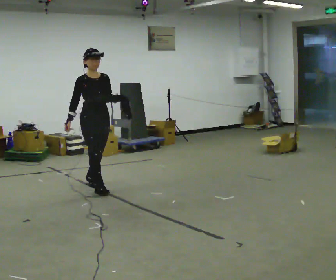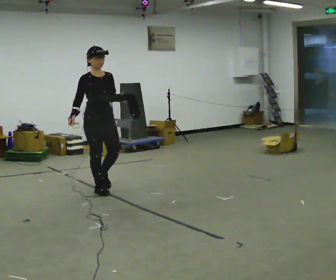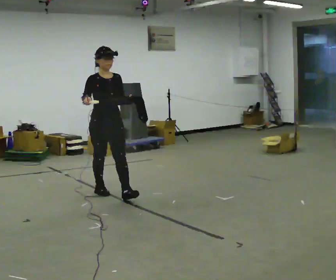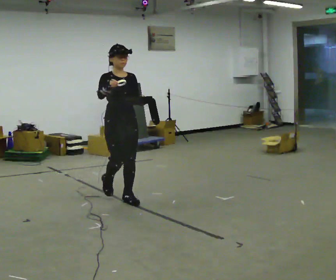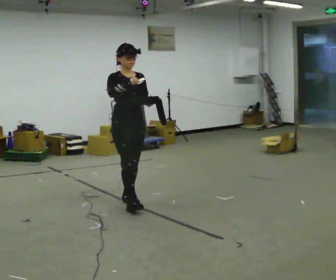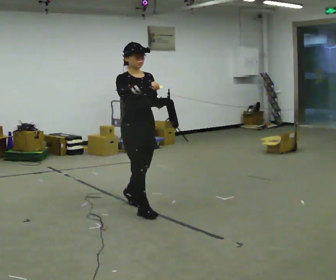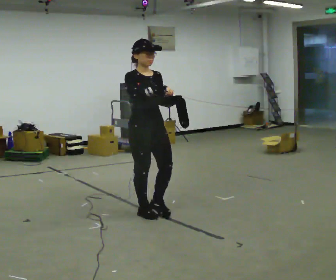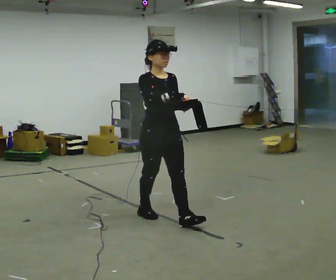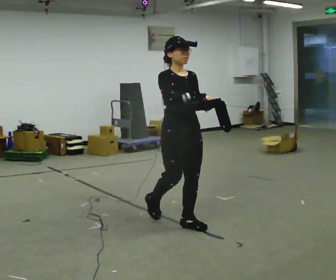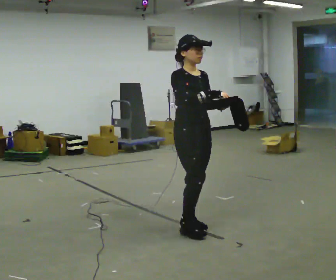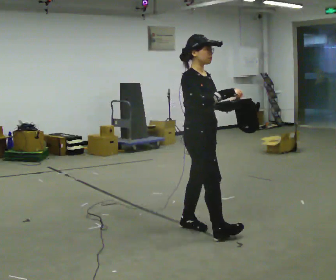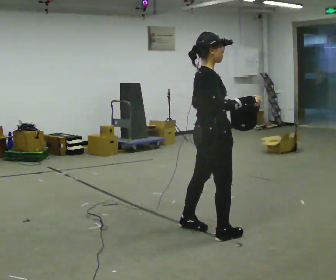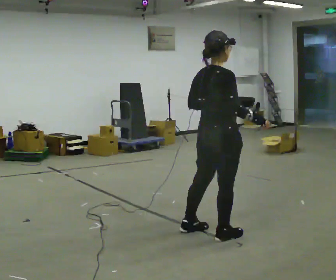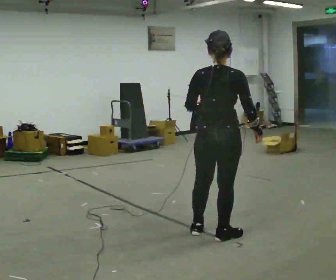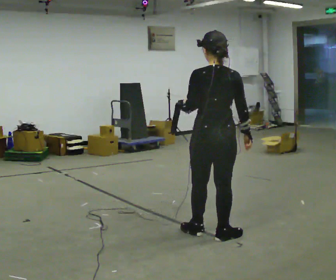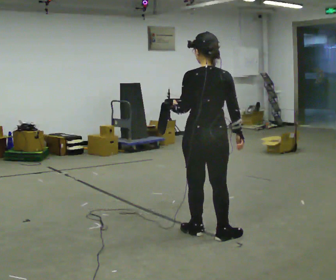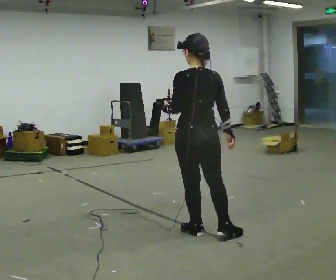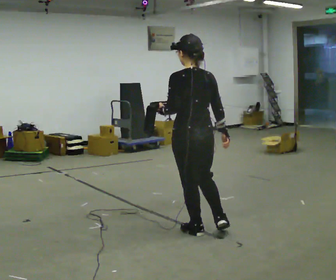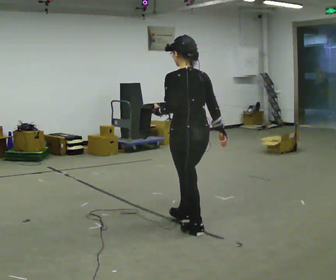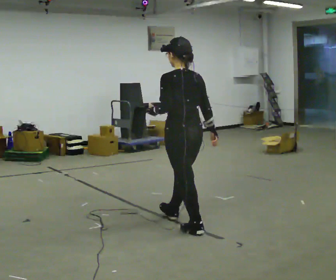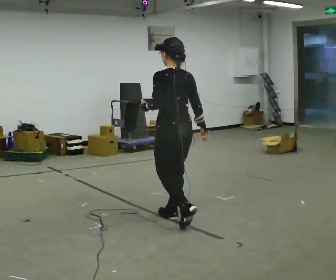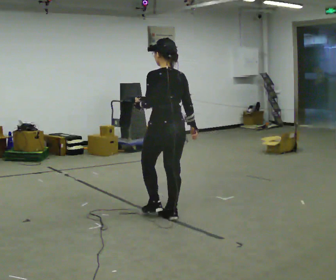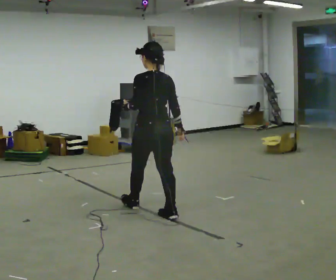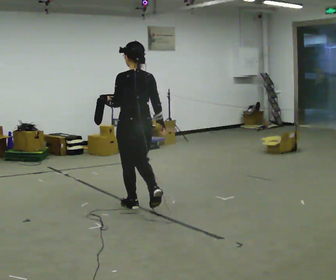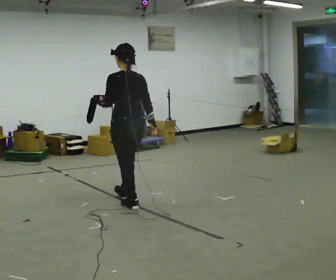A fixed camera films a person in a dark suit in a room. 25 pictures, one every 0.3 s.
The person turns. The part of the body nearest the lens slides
to the right.
The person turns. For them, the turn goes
to their left.
0.0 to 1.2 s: In the picture they go to the right and toward the camera, about 0.5 m in 1 step, which for them is forward. In the picture their right hand goes upward.
1.2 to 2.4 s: In the picture they go to the right and toward the camera, about 1 m in 2 steps, which for them is forward.
2.4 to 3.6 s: The part of the body nearest the lens slides to the right as the person turns to their left by about 105 degrees. In the picture they go to the right and toward the camera, about 0.5 m in 1 step.
3.6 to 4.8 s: The part of the body nearest the lens slides to the right as the person turns to their left by about 60 degrees. In the picture they go to the left, about 0.25 m in 1 step.
4.8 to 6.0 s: In the picture they go to the left and away from the camera, about 0.5 m in 1 step, which for them is forward.
6.0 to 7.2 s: In the picture they go to the left and away from the camera, about 0.75 m in 1 step, which for them is forward.
The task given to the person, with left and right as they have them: Carry the open container and, while walking, reach in with one hand and take an item out, then put it back. Repeat as you walk. Do not stop.
The film runs forward here.
